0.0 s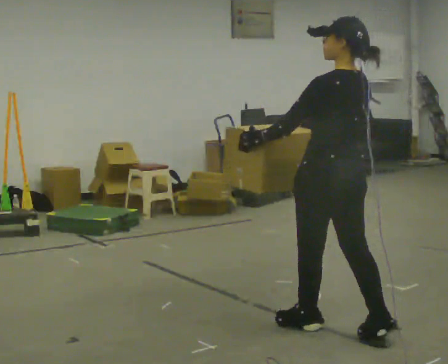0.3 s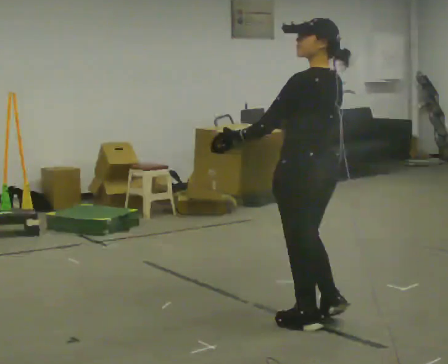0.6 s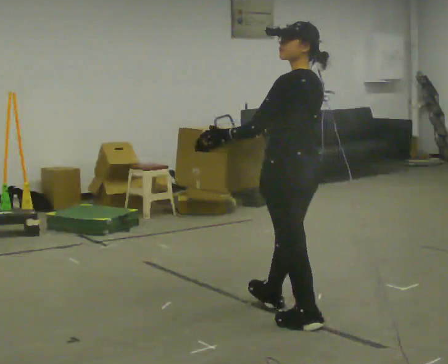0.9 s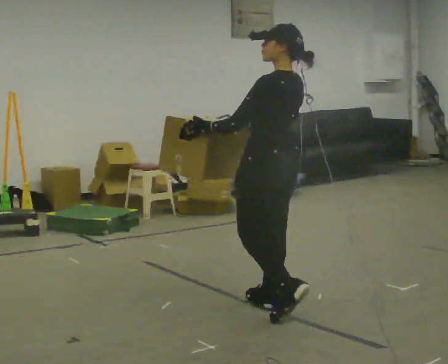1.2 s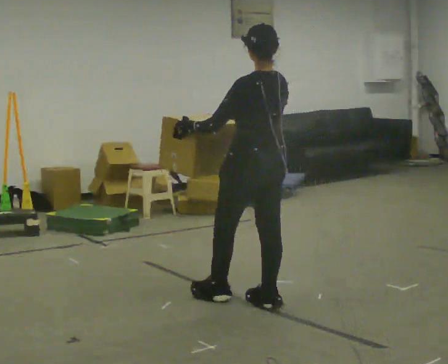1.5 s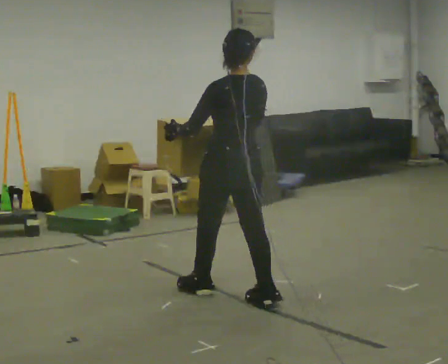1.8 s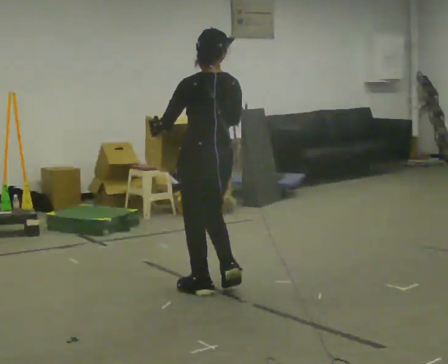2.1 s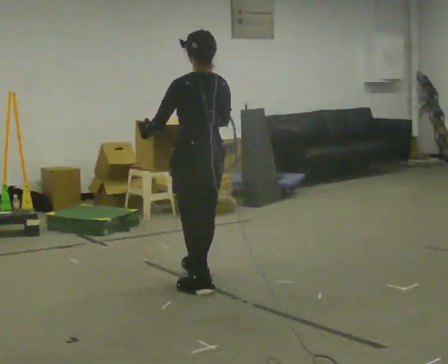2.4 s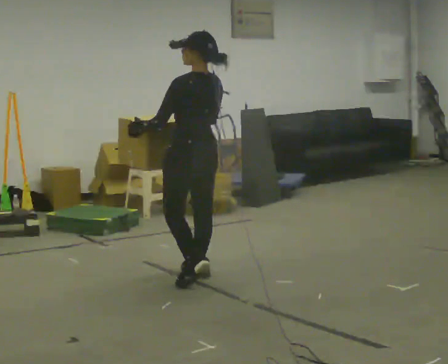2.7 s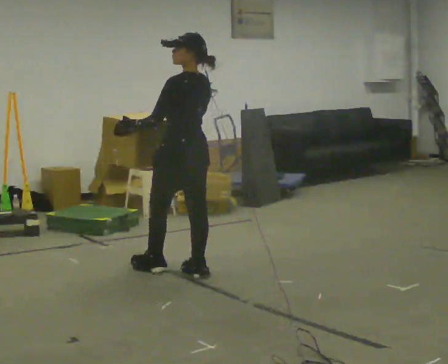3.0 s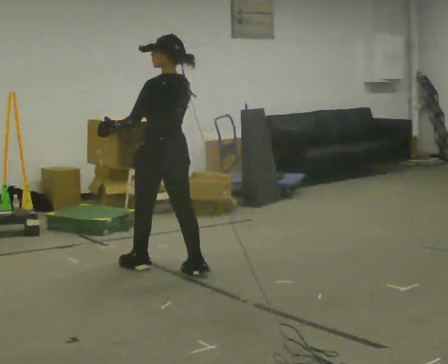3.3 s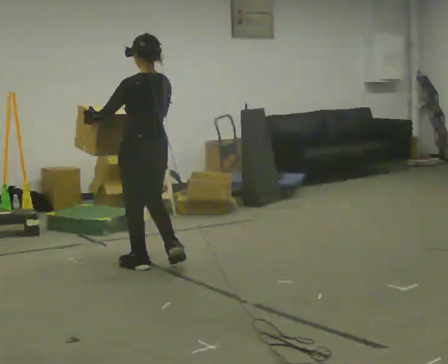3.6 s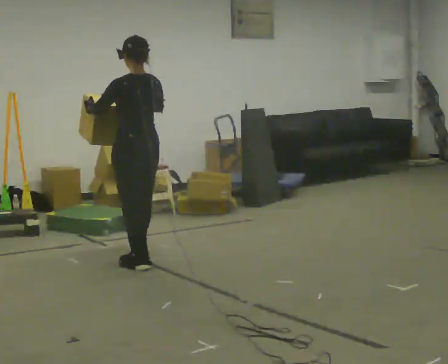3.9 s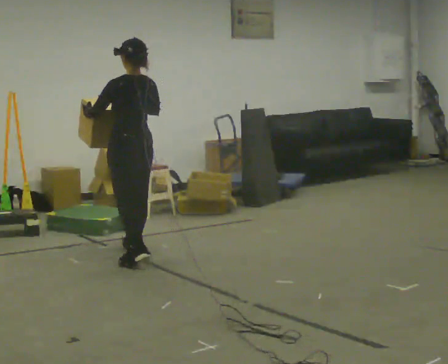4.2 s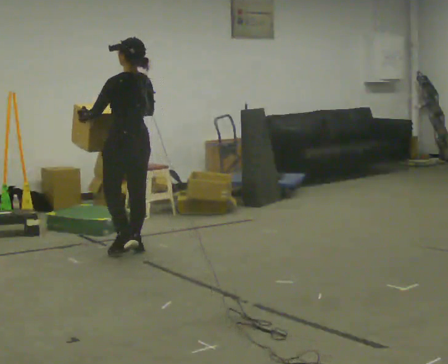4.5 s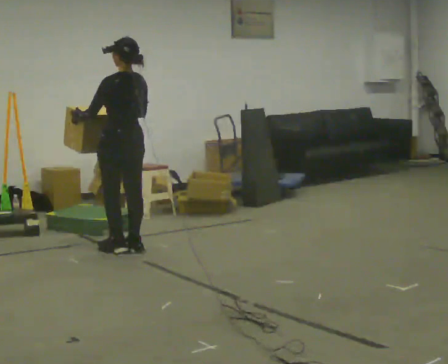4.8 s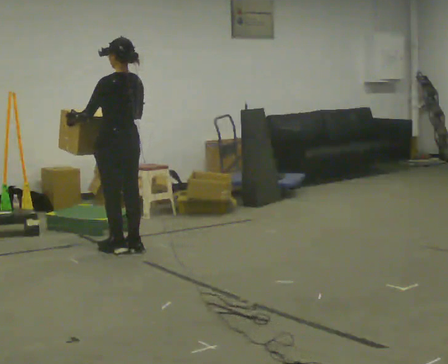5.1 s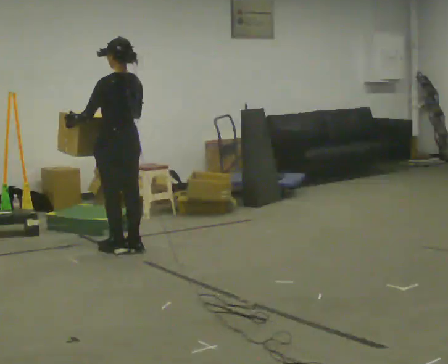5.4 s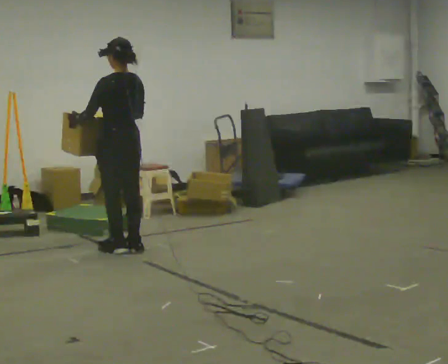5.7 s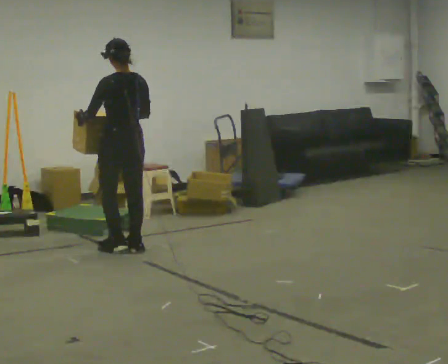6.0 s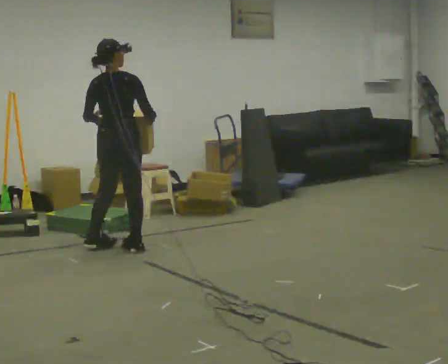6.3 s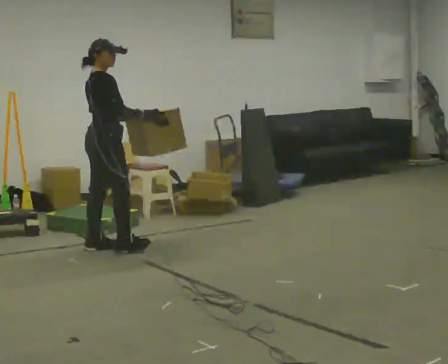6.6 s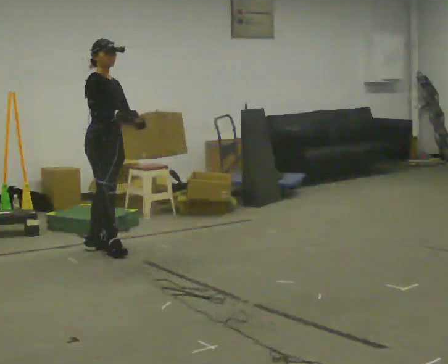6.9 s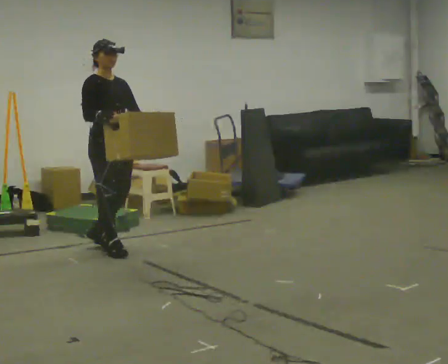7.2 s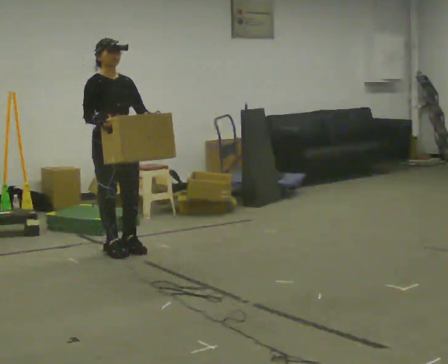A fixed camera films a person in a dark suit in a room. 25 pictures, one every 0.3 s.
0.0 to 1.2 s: In the picture they go away from the camera and to the left, about 0.75 m in 1 step, which for them is forward.
1.2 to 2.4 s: In the picture they go away from the camera and to the left, about 0.75 m in 2 steps, which for them is forward.
2.4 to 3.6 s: In the picture they go away from the camera and to the left, about 0.5 m in 1 step, which for them is forward.
3.6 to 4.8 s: In the picture they go away from the camera, about 0.5 m in 2 steps, which for them is forward.
4.8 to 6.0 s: The part of the body nearest the lens slides to the left as the person turns to their right by about 45 degrees.
6.0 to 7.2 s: The person turns about 135 degrees to their right, clockwise seen from above, so the part of the body nearest the lens slides to the left. In the picture they go toward the camera, about 0.25 m in 2 steps. In the picture their right hand goes to the left.
The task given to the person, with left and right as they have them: Carry the box across the room while freely looking around at the walls, ceiling and floor. Keep going until the operator says stop; one object at a time, and do not rush between trips.
The film runs forward here.
